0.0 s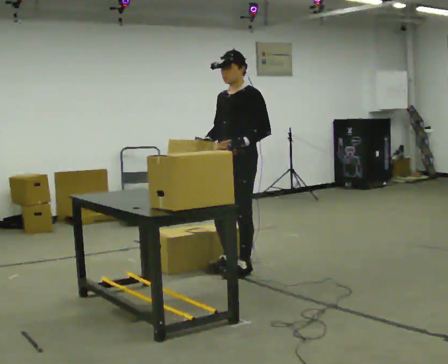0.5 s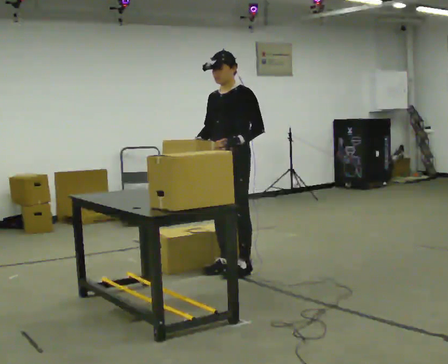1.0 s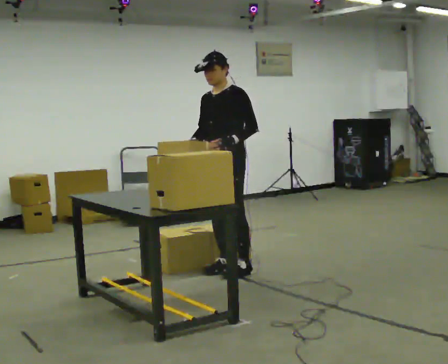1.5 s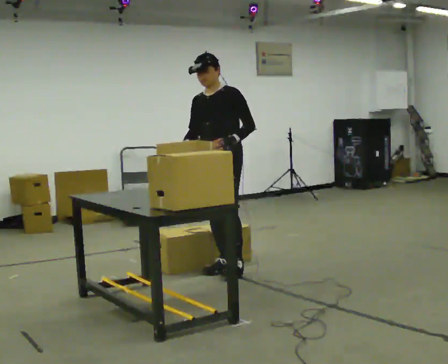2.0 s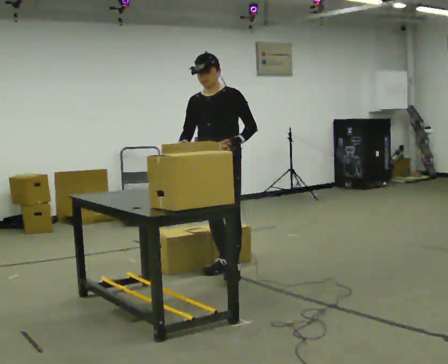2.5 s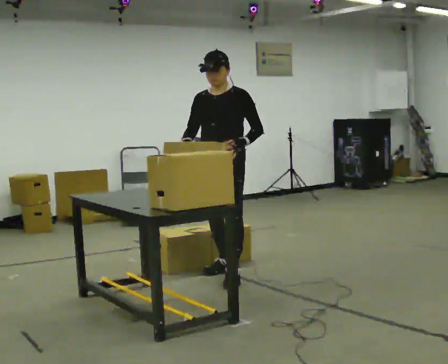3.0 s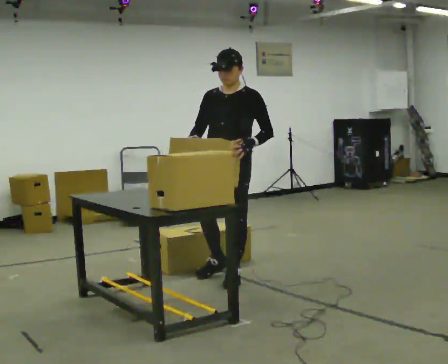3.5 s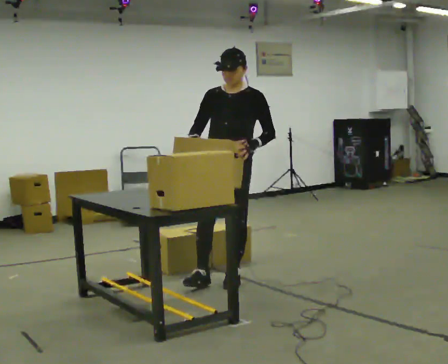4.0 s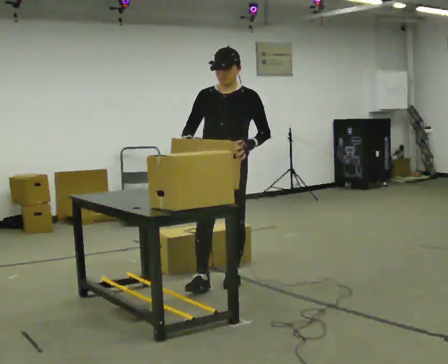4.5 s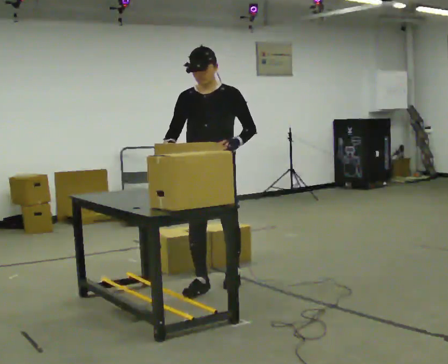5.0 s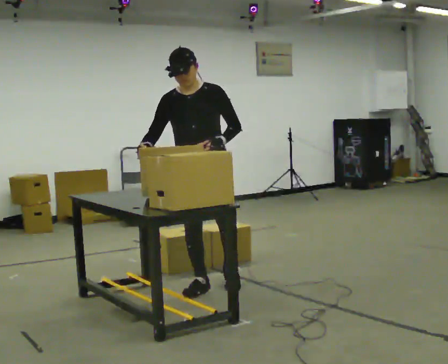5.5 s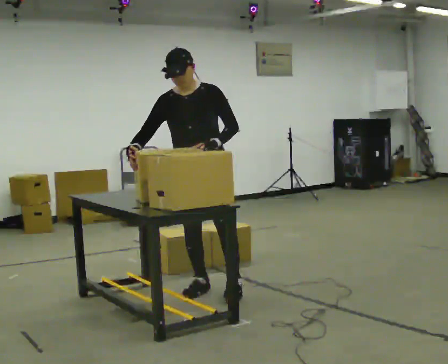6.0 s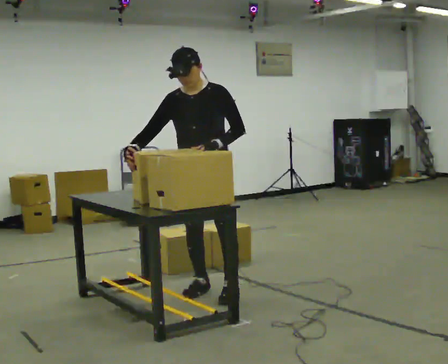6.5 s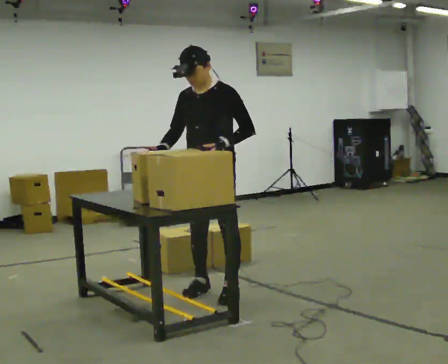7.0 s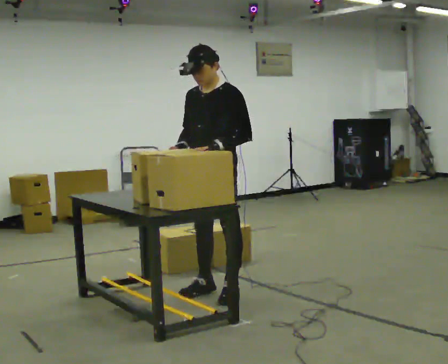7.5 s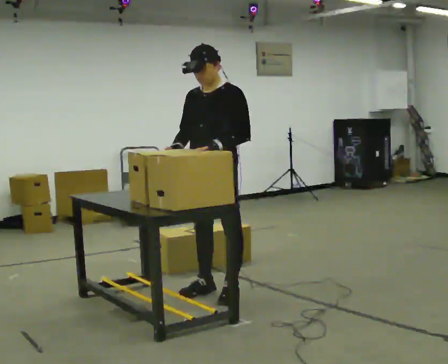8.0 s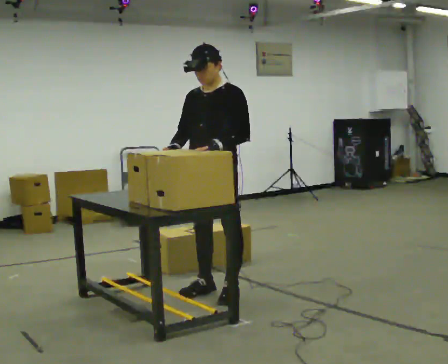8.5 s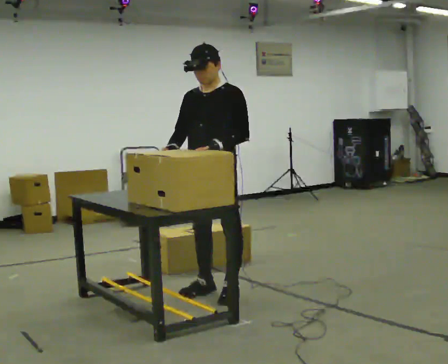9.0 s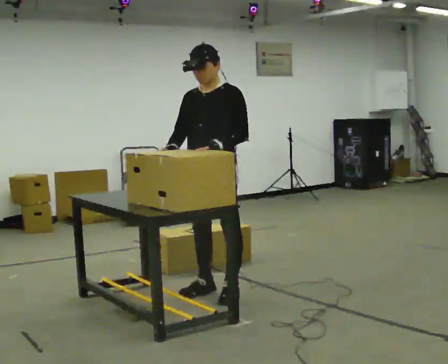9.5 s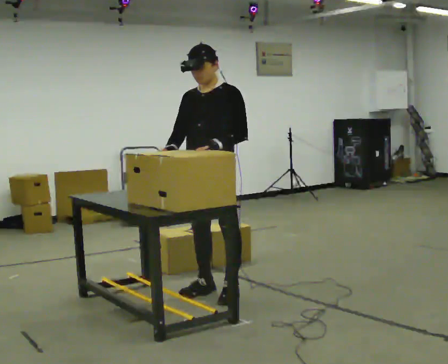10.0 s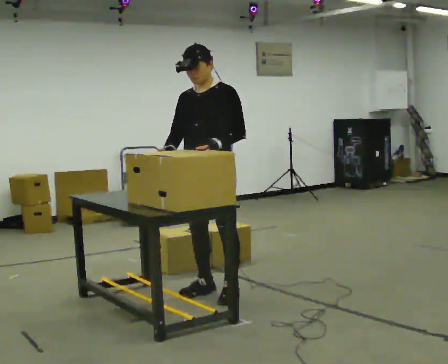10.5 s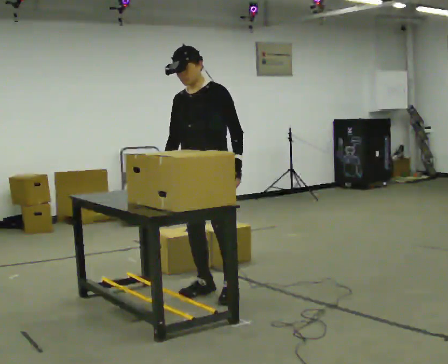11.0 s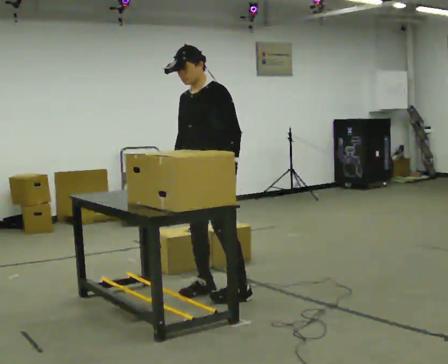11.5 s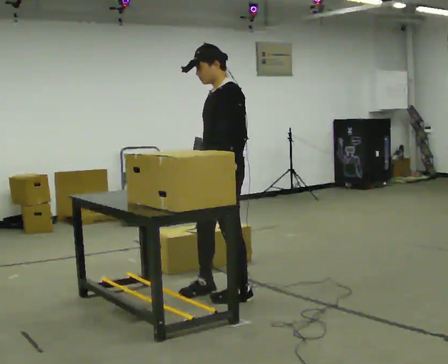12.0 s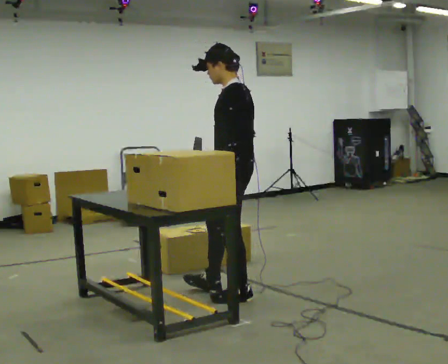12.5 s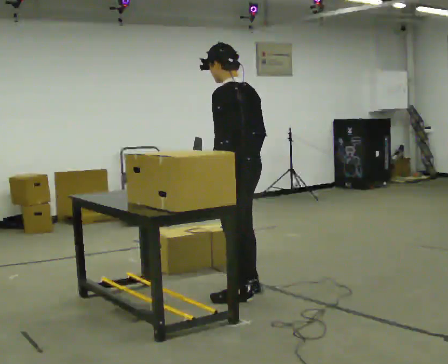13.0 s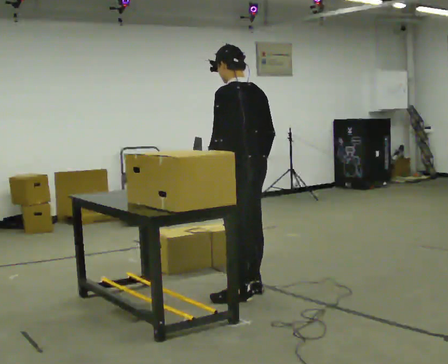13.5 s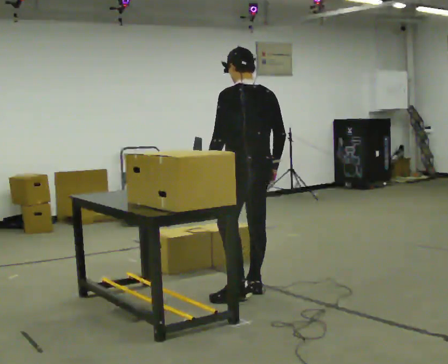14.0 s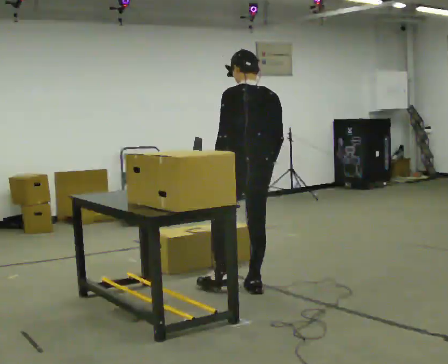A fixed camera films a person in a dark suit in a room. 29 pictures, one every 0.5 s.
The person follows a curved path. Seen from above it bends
counterclockwise.
0.0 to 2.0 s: The person moves a little, or ends about where they began.
2.0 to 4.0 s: In the picture they go toward the camera, about 0.25 m in 1 step, which for them is forward and to their left.
4.0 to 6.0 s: In the picture they go toward the camera, about 0.25 m in 1 step, which for them is forward. In the picture their right hand goes to the left.
6.0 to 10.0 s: The person moves a little, or ends about where they began.
10.0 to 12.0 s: Seen from above the body turns clockwise, about 75 degrees: to their right, with its near side sliding to the left. In the picture they go toward the camera and to the right, about 0.25 m in 1 step. In the picture their right hand goes to the right.
12.0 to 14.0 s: The part of the body nearest the lens slides to the left as the person turns to their right by about 45 degrees. In the picture they go away from the camera, about 0.25 m in 1 step, which for them is to their right and forward.
The film runs forward here.
